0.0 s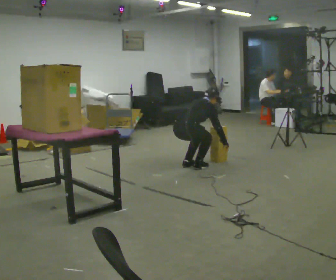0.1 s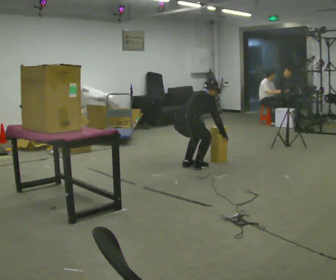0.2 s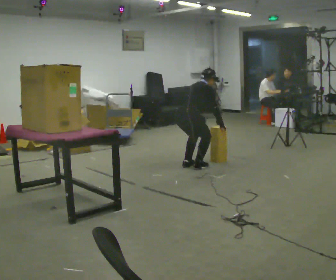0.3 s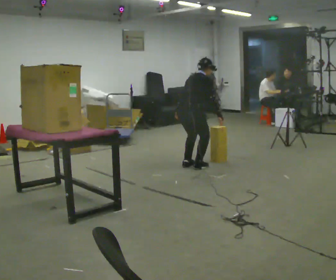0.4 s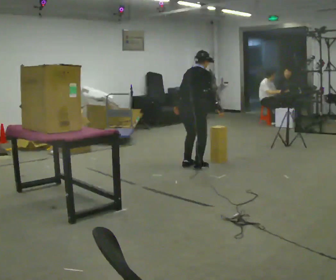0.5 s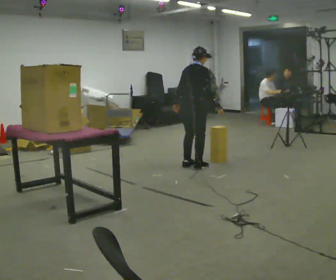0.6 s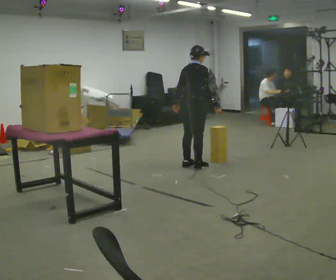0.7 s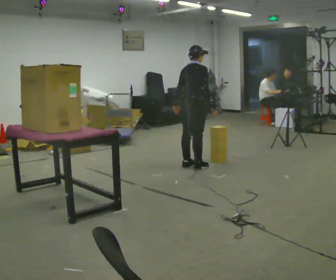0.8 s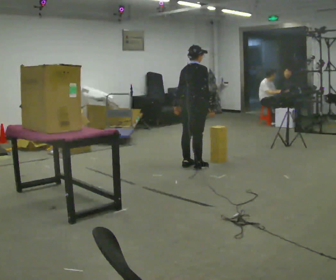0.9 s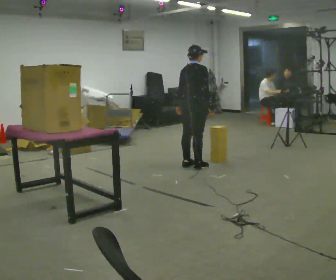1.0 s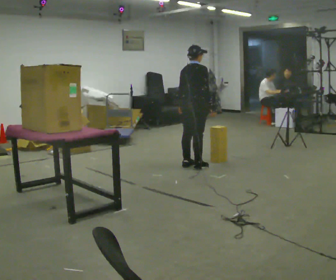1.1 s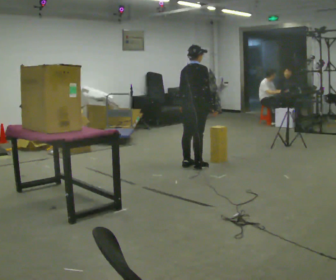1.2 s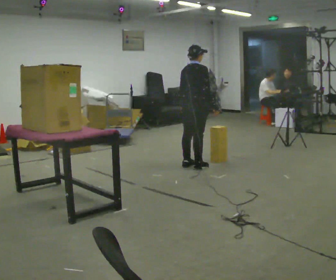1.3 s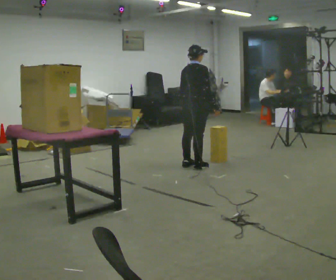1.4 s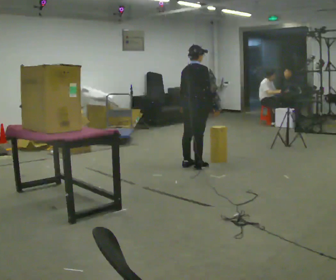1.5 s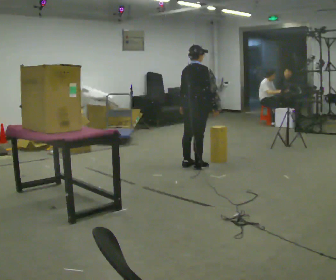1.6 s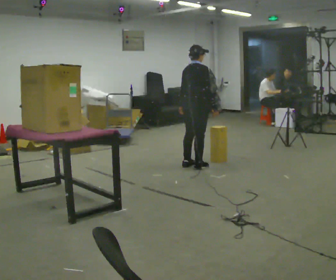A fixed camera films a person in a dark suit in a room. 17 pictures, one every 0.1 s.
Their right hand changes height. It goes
upward.
Their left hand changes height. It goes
upward.
0.0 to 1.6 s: The upper body goes upward. In the picture the upper body tilts counterclockwise, shoulders to the left, as they lean back or straighten. In the picture their left hand goes upward.
The film runs forward here.
